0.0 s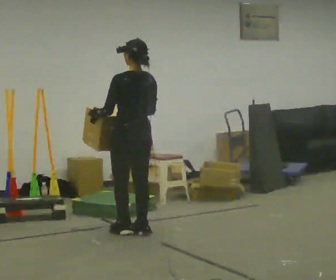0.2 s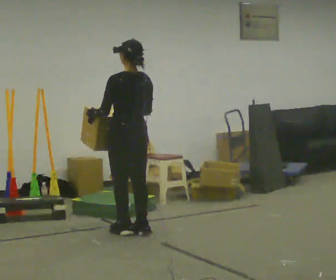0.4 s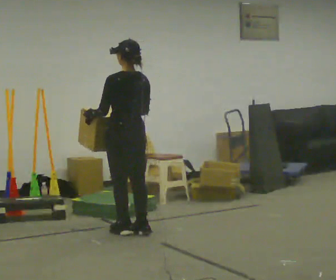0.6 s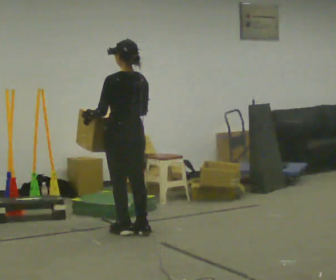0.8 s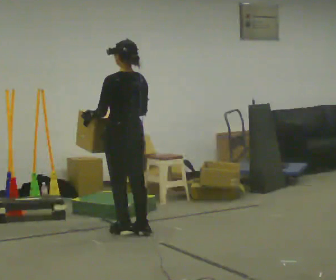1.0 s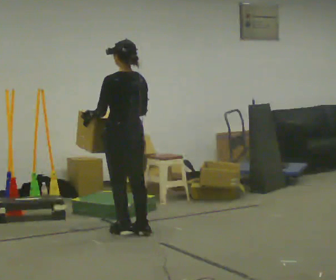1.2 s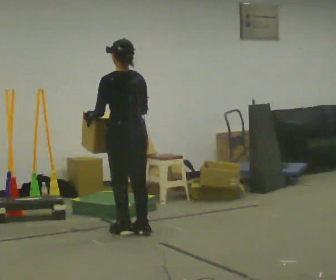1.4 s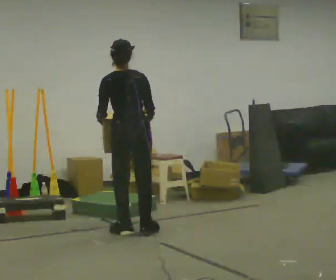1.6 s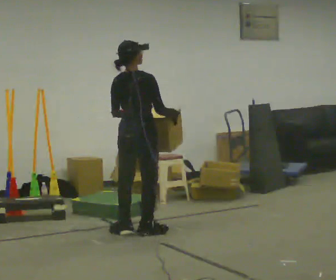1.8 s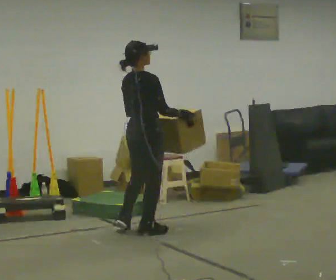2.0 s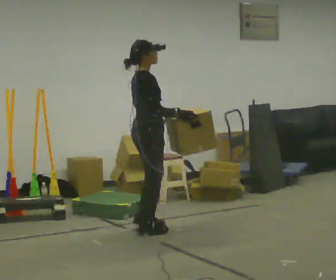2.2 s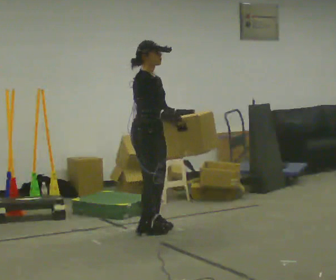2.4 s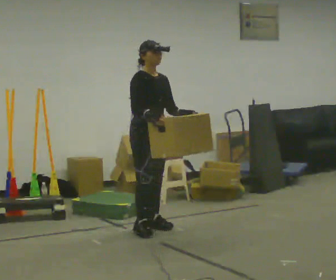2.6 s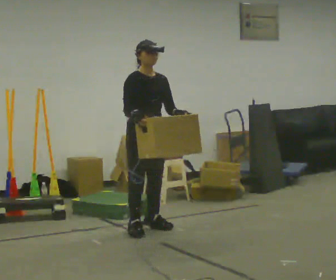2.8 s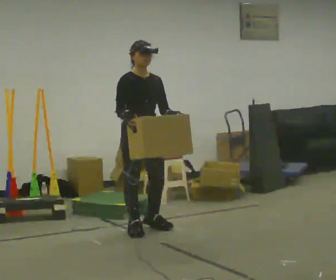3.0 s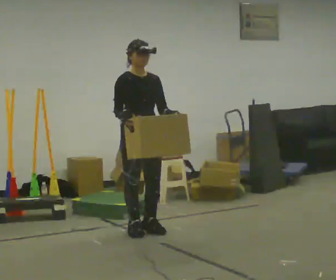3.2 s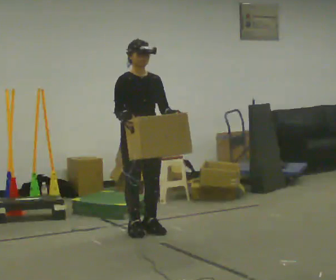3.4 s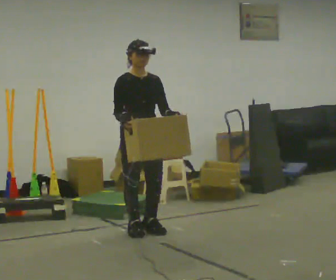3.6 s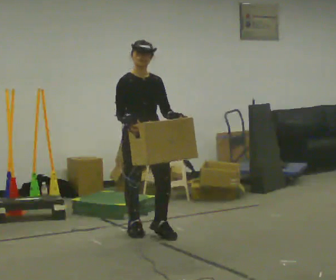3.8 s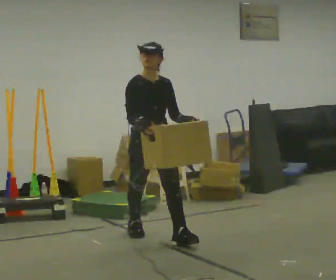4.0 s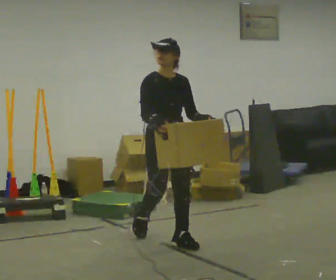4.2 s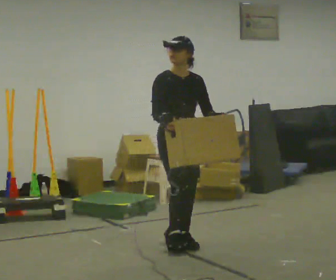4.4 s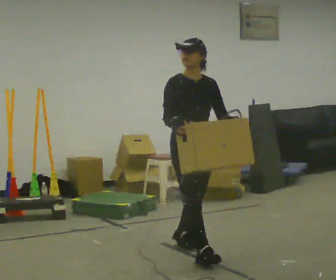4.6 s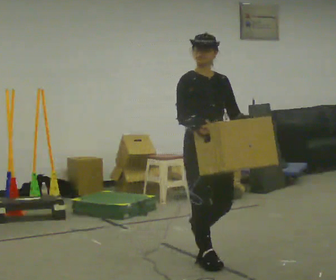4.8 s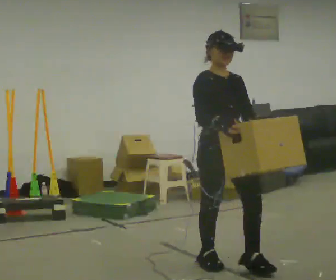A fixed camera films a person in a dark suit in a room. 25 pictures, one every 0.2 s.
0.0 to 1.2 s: The person moves a little, or ends about where they began.
1.2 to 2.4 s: The person turns about 165 degrees to their right, clockwise seen from above, so the part of the body nearest the lens slides to the left. In the picture they go to the right, about 0.25 m in 1 step.
2.4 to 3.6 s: In the picture they go toward the camera, about 0.25 m, which for them is forward.
3.6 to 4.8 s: In the picture they go toward the camera and to the right, about 1 m in 2 steps, which for them is forward.
The film runs forward here.
